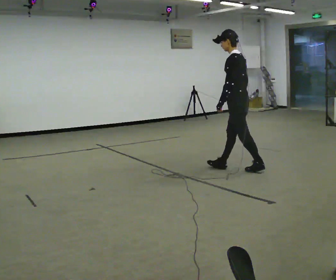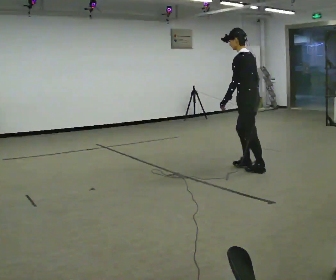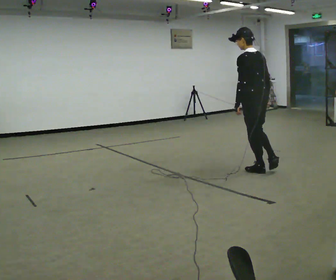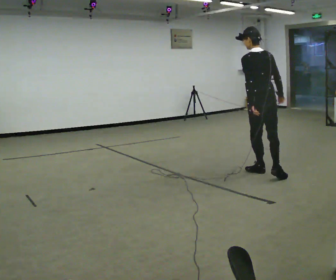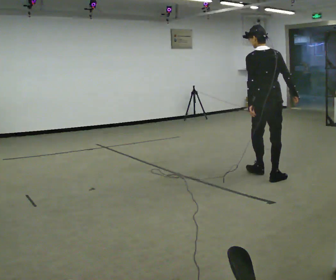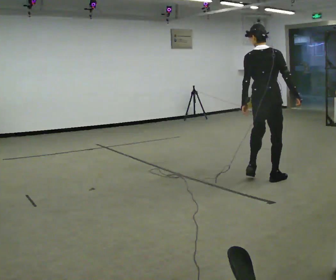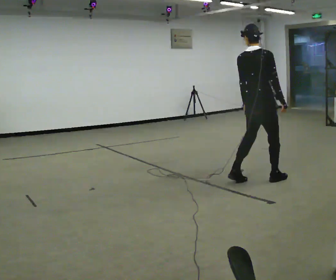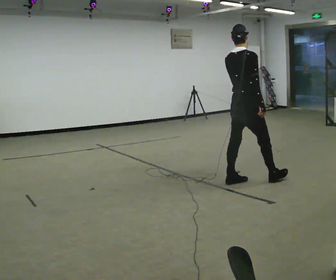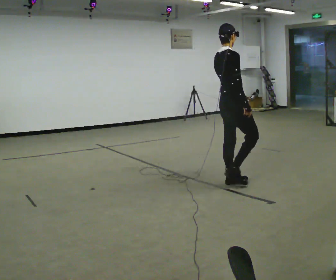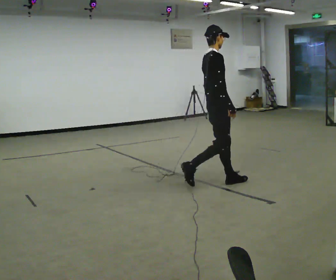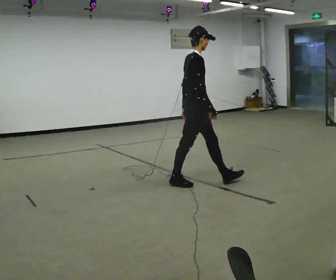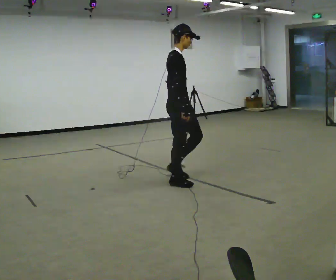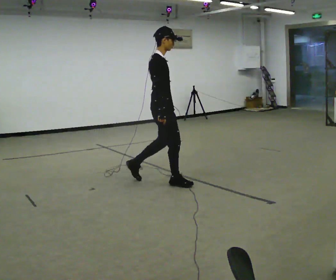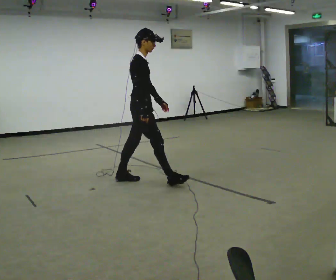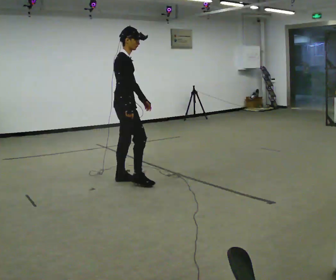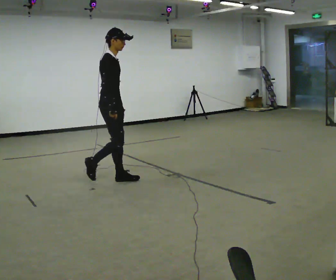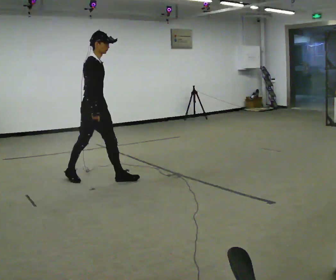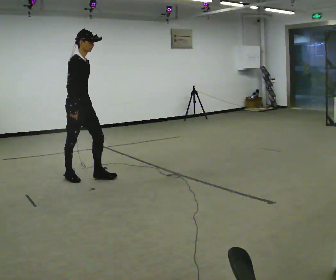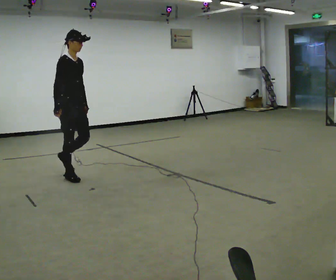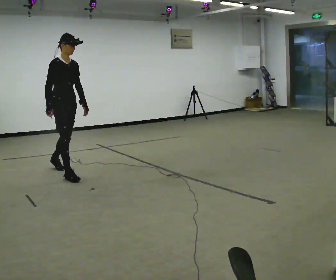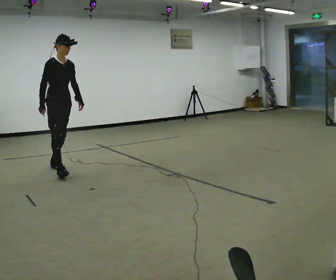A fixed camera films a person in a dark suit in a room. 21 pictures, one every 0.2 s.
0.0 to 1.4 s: Seen from above the body turns clockwise, about 105 degrees: to their right, with its near side sliding to the left. In the picture they go toward the camera, about 0.5 m in 3 steps.
1.4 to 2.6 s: Seen from above the body turns clockwise, about 45 degrees: to their right, with its near side sliding to the left. In the picture they go to the left, about 1 m in 2 steps, which for them is backward.
2.6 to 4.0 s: Seen from above the body turns clockwise, about 45 degrees: to their right, with its near side sliding to the left. In the picture they go to the left, about 1 m in 2 steps, which for them is backward.
The film runs backward here.
